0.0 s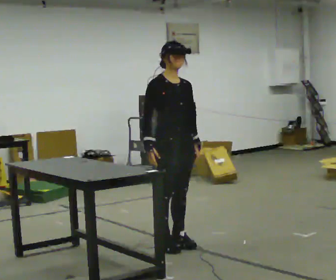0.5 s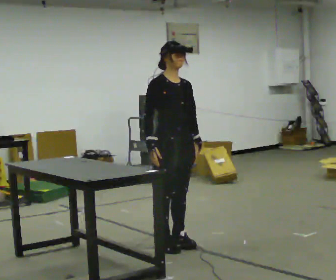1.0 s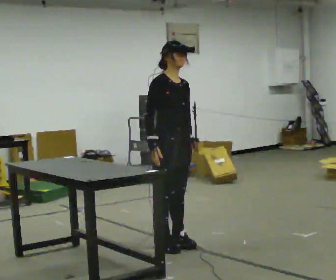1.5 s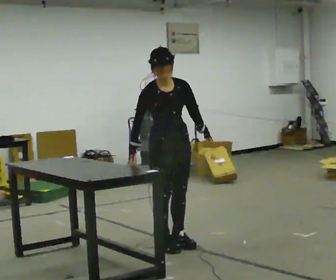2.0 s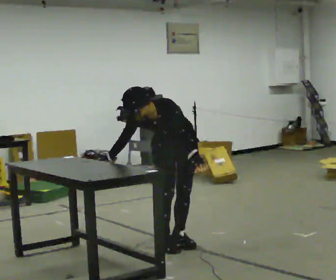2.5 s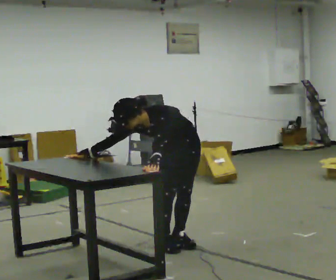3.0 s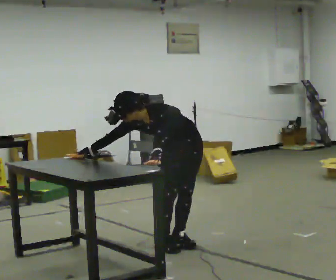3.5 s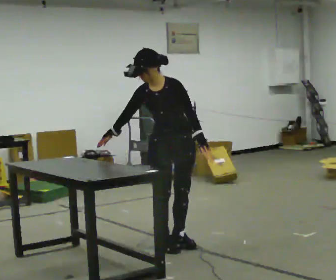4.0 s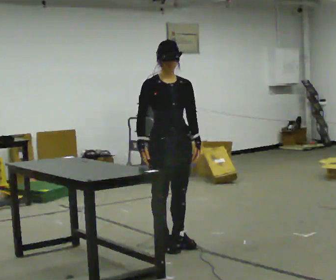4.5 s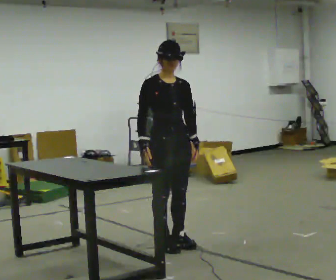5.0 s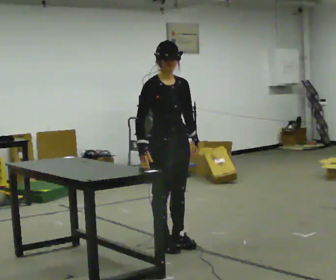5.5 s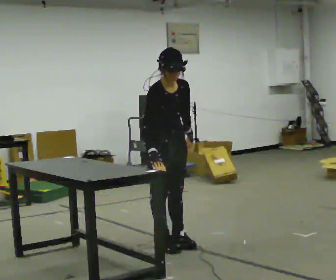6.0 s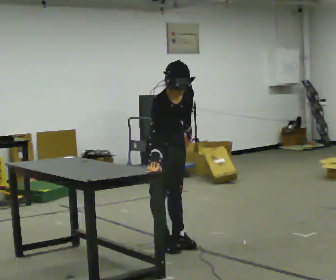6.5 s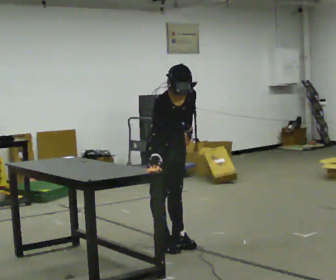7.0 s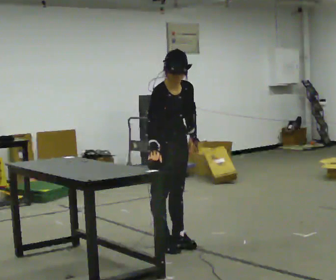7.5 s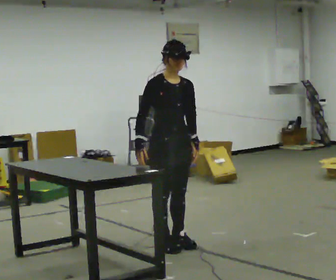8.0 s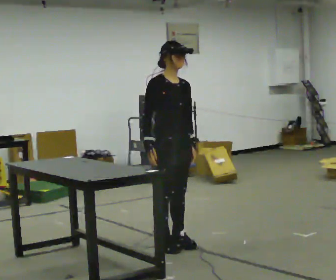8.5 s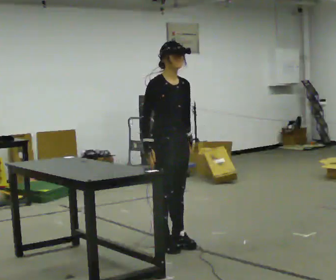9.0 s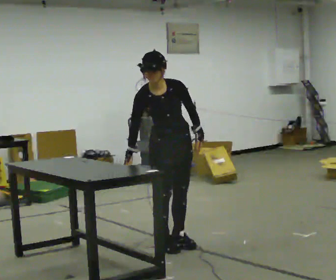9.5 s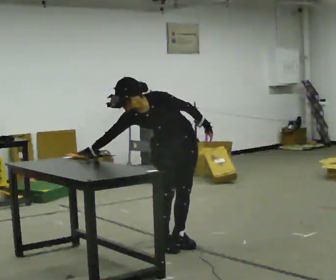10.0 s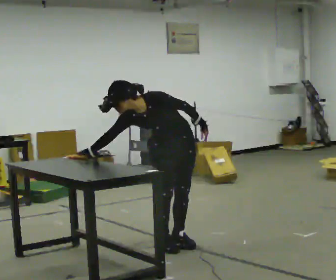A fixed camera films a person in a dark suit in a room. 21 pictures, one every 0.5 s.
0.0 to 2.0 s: Seen from above the body turns clockwise, about 45 degrees: to their right, with its near side sliding to the left. In the picture they go away from the camera, about 0.25 m, which for them is to their left. The upper body goes downward. The upper body tips toward the camera, its near side rolling downward, as they bend forward. In the picture their right hand goes to the left.
2.0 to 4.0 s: Seen from above the body turns counterclockwise, about 30 degrees: to their left, with its near side sliding to the right. The upper body tips away from the camera, its near side rolling upward, as they lean back or straighten.
4.0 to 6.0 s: The upper body tips toward the camera, its near side rolling downward, as they bend forward.
6.0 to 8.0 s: The upper body tips away from the camera, its near side rolling upward, as they lean back or straighten.
8.0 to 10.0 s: The person turns about 60 degrees to their right, clockwise seen from above, so the part of the body nearest the lens slides to the left. The upper body goes downward. The upper body tips toward the camera, its near side rolling downward, as they bend forward. In the picture their right hand goes to the left.
The film runs backward here.
